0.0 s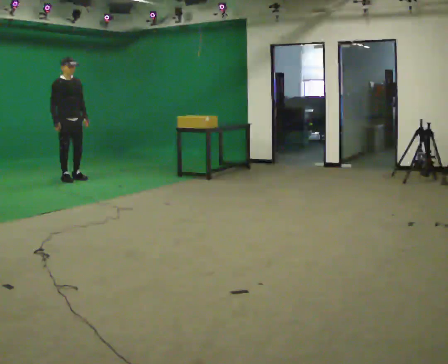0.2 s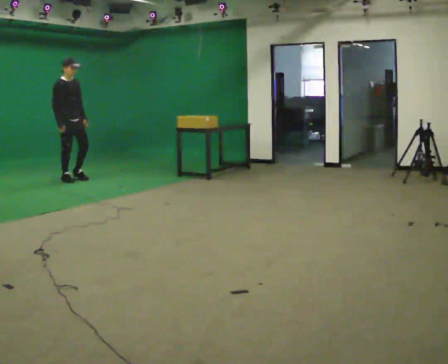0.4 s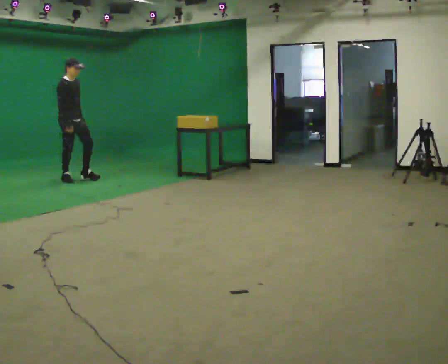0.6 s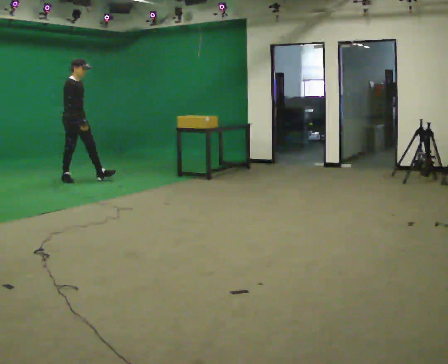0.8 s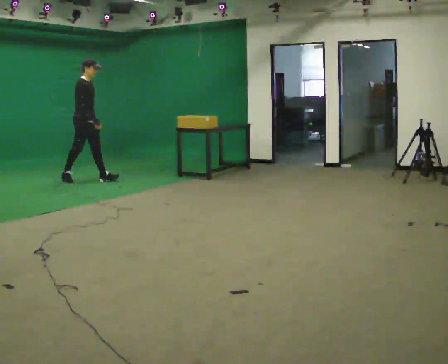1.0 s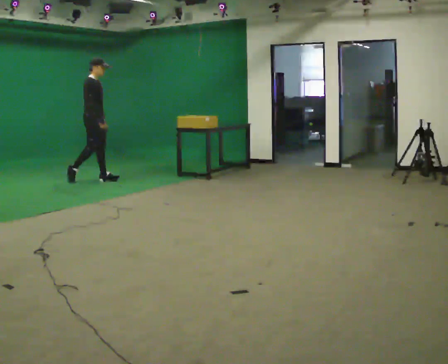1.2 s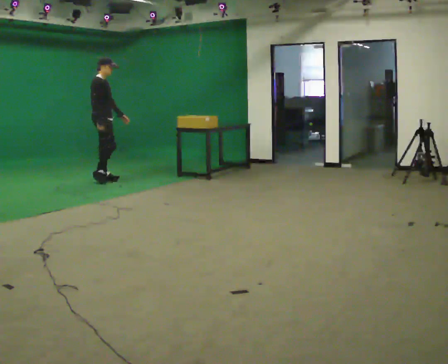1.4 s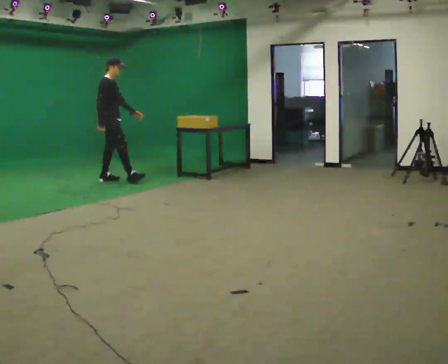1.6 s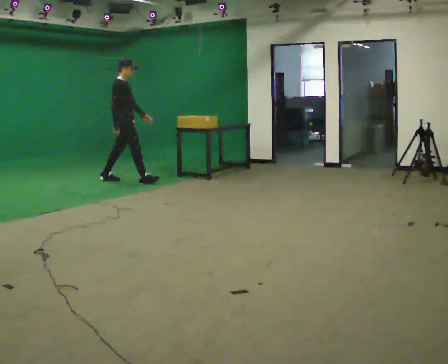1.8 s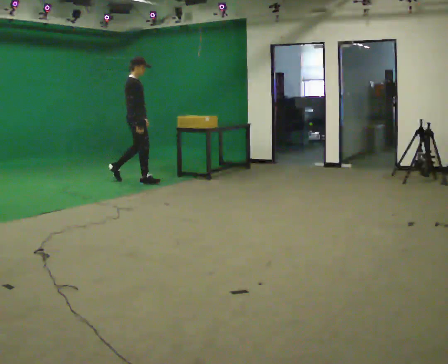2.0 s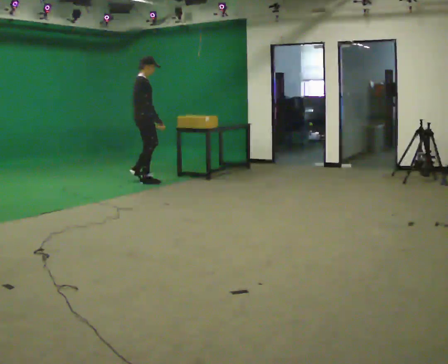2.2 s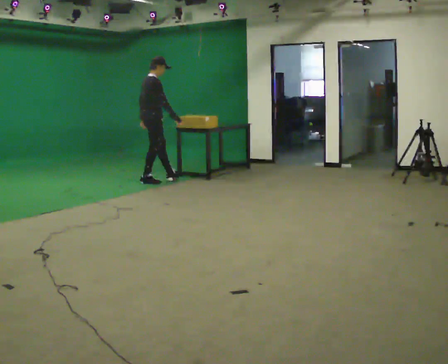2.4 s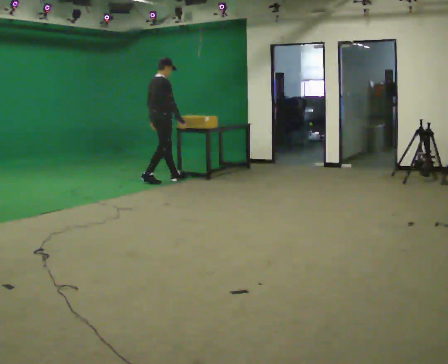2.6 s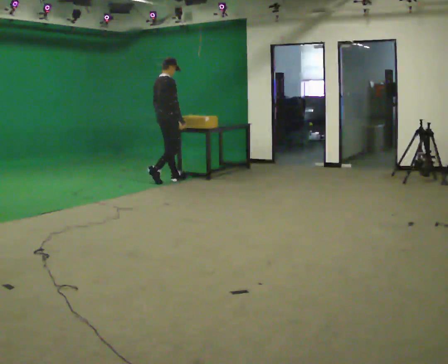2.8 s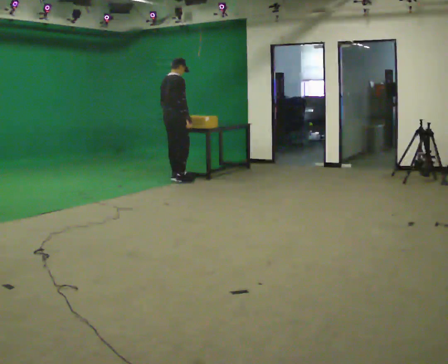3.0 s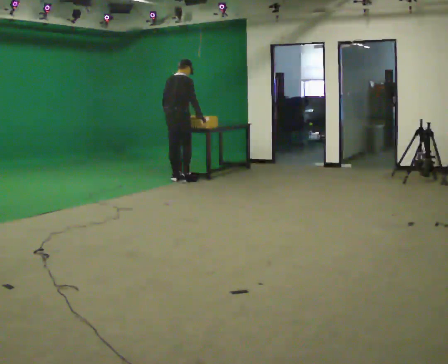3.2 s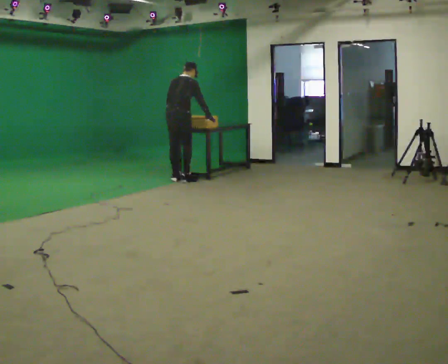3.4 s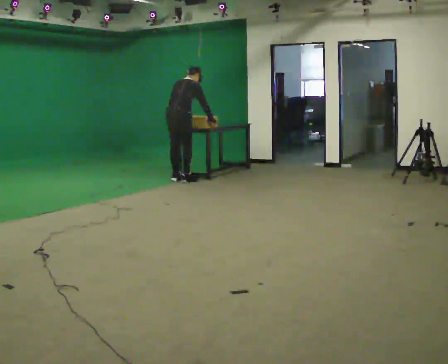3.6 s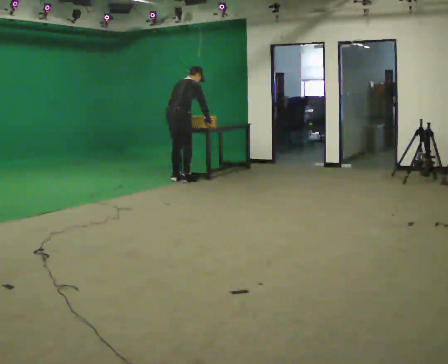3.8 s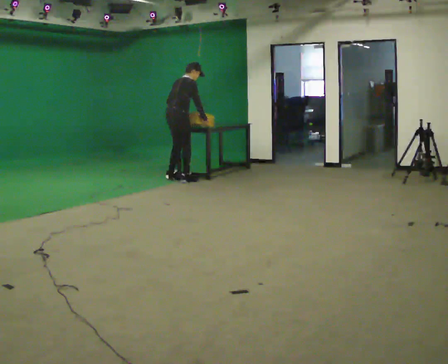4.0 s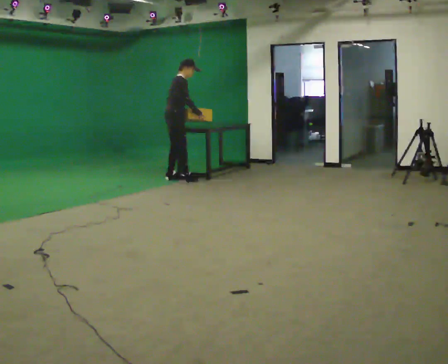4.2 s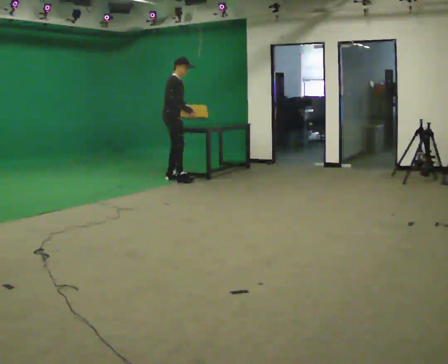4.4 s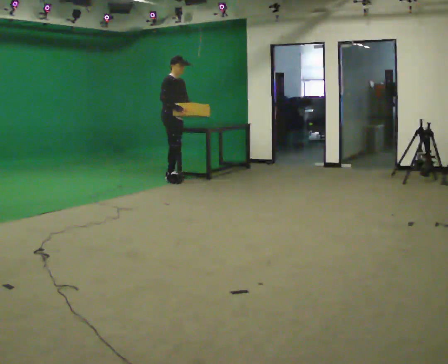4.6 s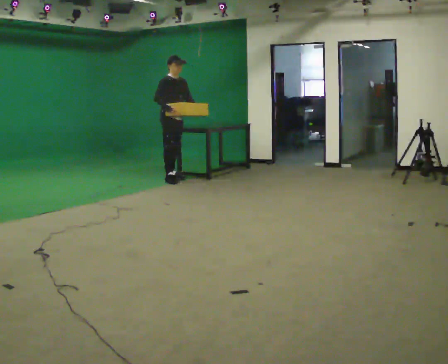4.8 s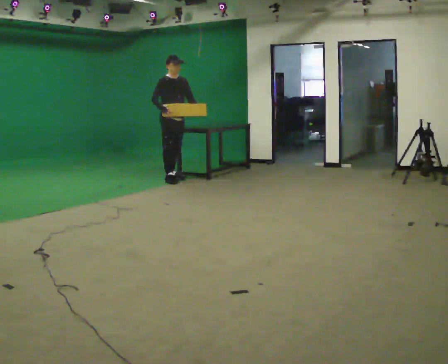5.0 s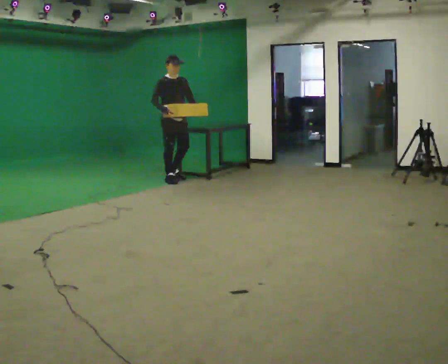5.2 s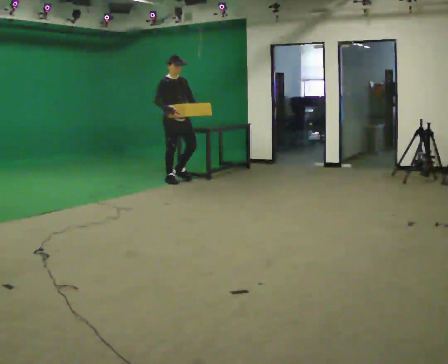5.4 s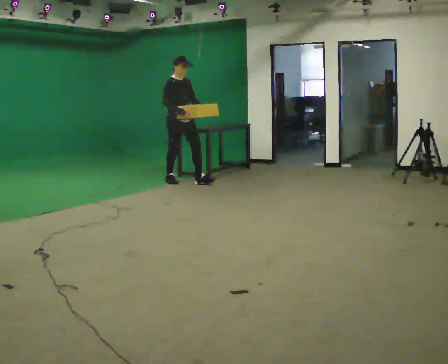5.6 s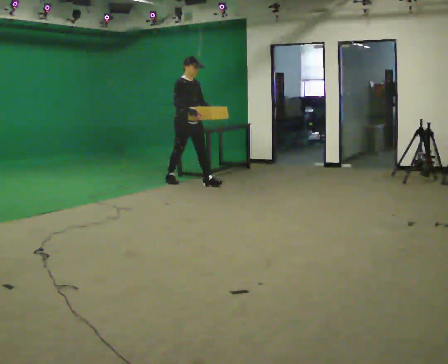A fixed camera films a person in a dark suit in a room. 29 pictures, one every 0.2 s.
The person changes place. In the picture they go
to the right.
0.0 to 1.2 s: The part of the body nearest the lens slides to the right as the person turns to their left by about 30 degrees. In the picture they go to the right, about 0.5 m in 1 step, which for them is forward.
1.2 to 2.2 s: The person turns about 30 degrees to their left, counterclockwise seen from above, so the part of the body nearest the lens slides to the right. In the picture they go to the right, about 0.5 m in 1 step, which for them is forward.
2.2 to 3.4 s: Seen from above the body turns counterclockwise, about 30 degrees: to their left, with its near side sliding to the right. In the picture they go to the right, about 0.25 m in 2 steps, which for them is forward and to their right. The upper body tips away from the camera, its near side rolling upward, as they bend forward.
3.4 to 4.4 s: The person turns about 90 degrees to their right, clockwise seen from above, so the part of the body nearest the lens slides to the left. In the picture they go to the left, about 0.25 m in 1 step. The upper body tips toward the camera, its near side rolling downward, as they lean back or straighten.
4.4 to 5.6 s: In the picture they go toward the camera and to the right, about 0.5 m in 2 steps, which for them is forward.
The film runs forward here.
